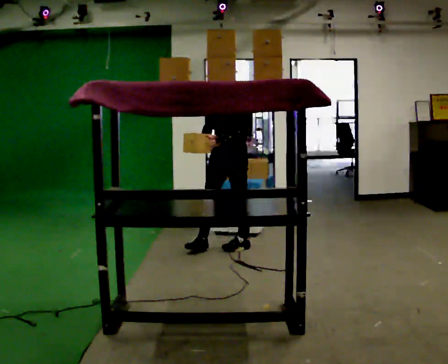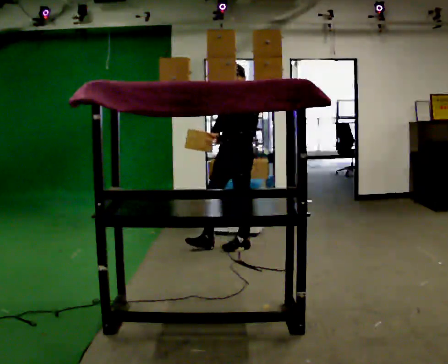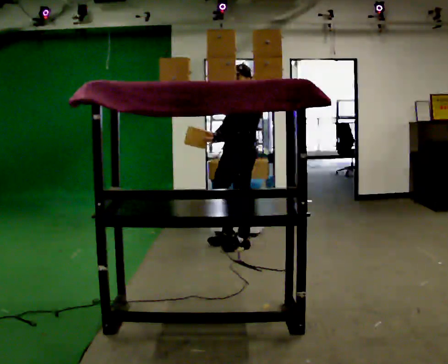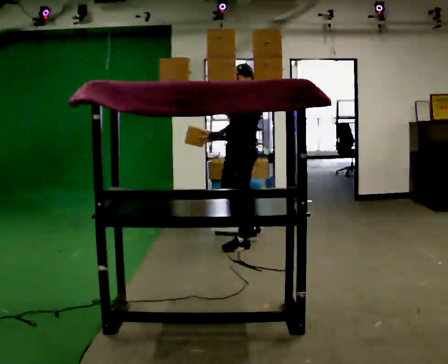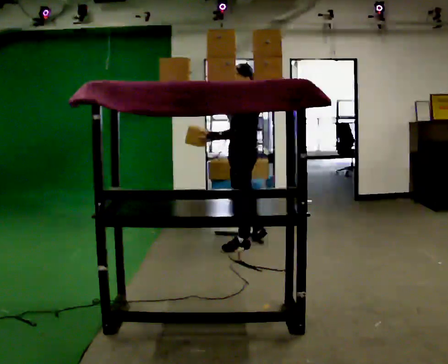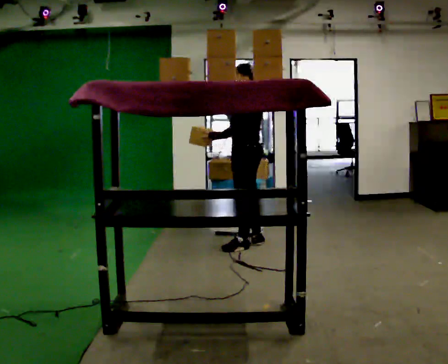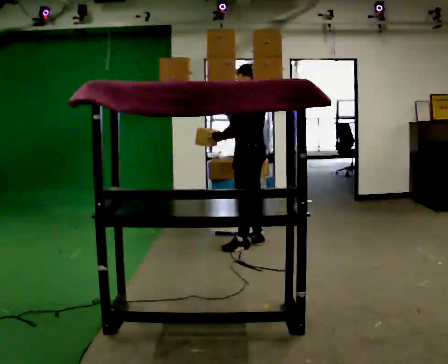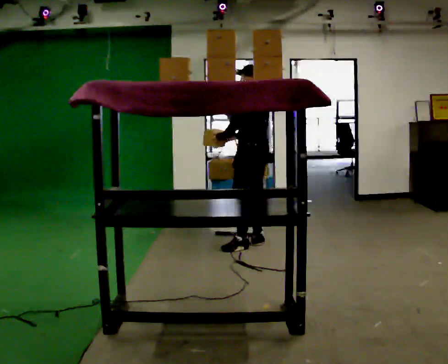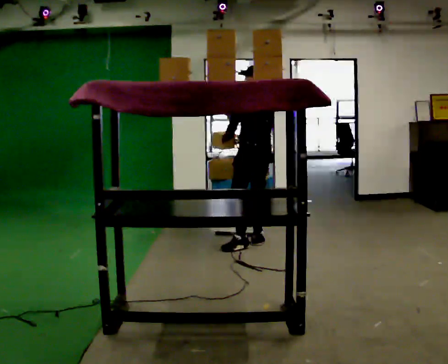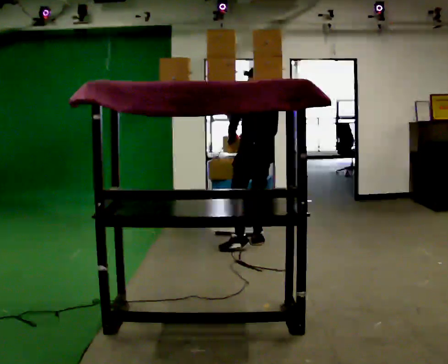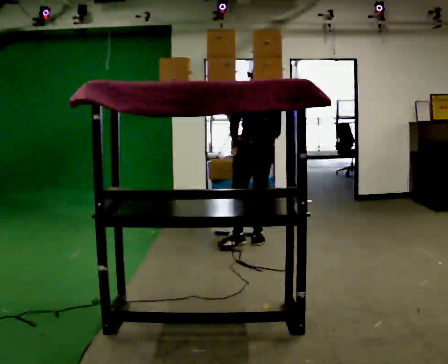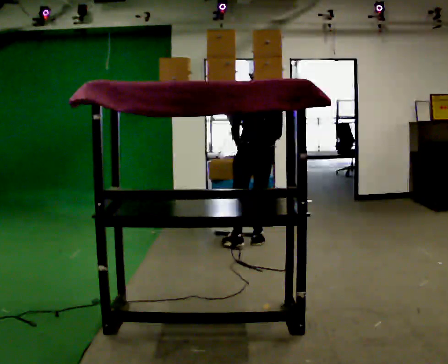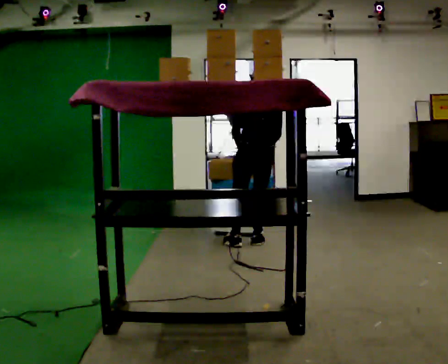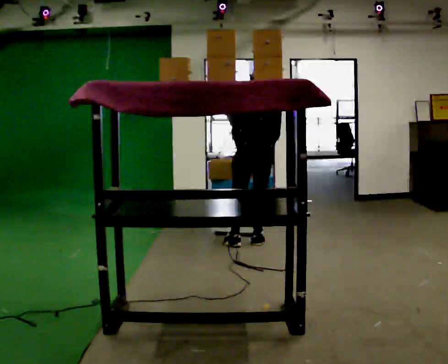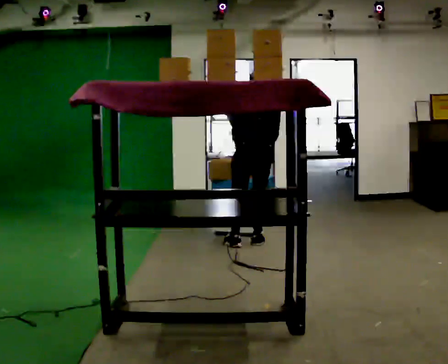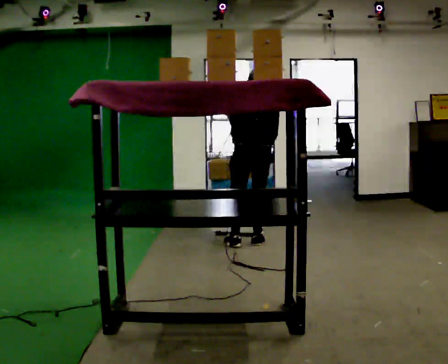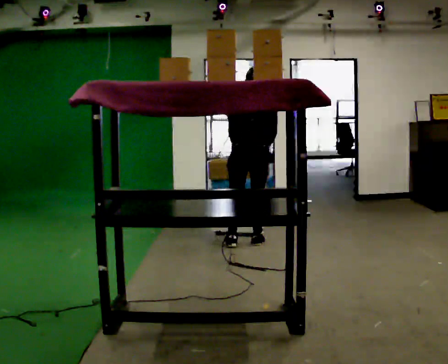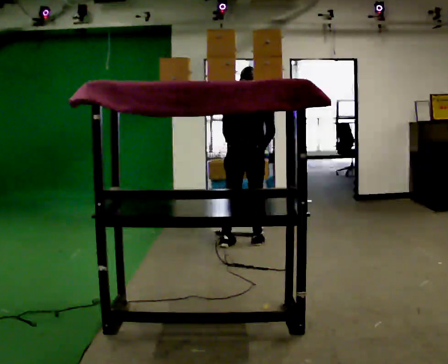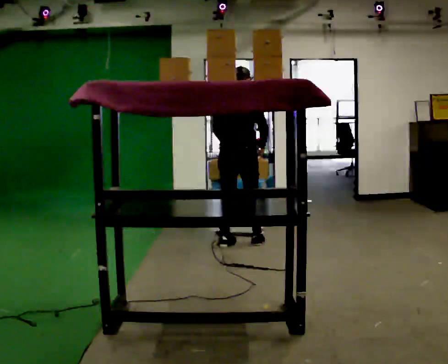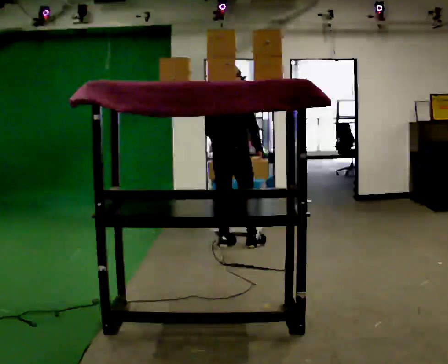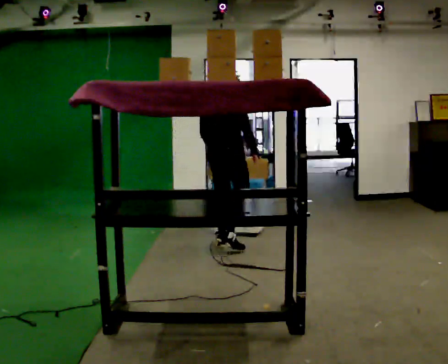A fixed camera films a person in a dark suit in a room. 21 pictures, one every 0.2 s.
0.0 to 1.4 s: Seen from above the body turns clockwise, about 75 degrees: to their right, with its near side sliding to the left. In the picture they go to the right, about 0.25 m in 1 step.
1.4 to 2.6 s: The person turns about 45 degrees to their right, clockwise seen from above, so the part of the body nearest the lens slides to the left. The upper body tips away from the camera, its near side rolling upward, as they bend forward.
2.6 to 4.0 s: The person turns about 45 degrees to their right, clockwise seen from above, so the part of the body nearest the lens slides to the left. In the picture they go to the left, about 0.25 m in 1 step, which for them is to their left and backward. The upper body tips toward the camera, its near side rolling downward, as they lean back or straighten.
The film runs backward here.
